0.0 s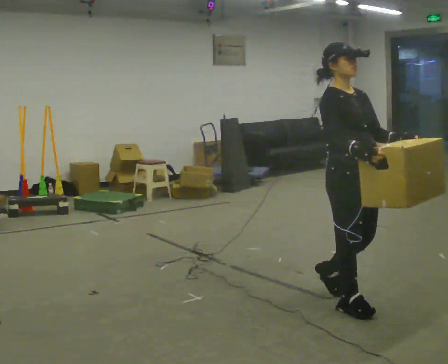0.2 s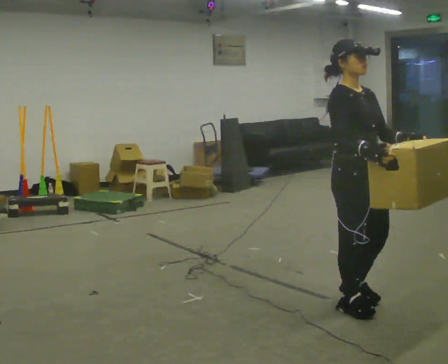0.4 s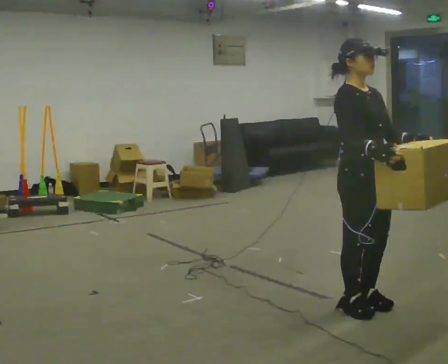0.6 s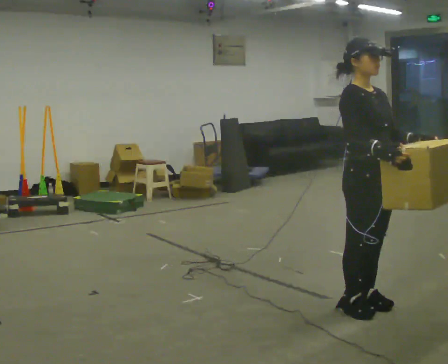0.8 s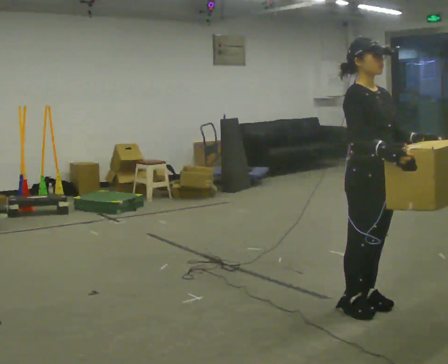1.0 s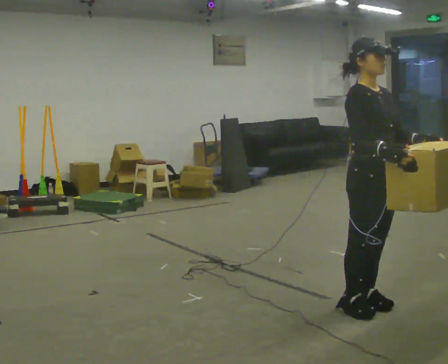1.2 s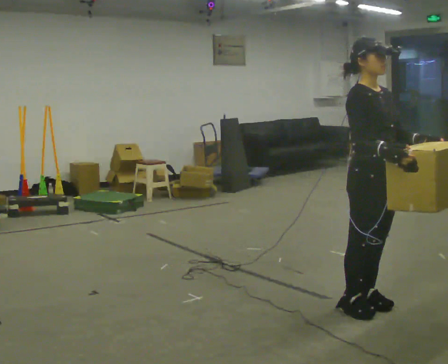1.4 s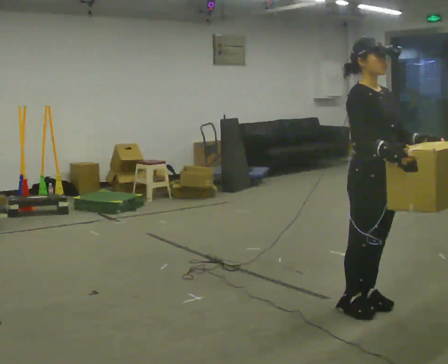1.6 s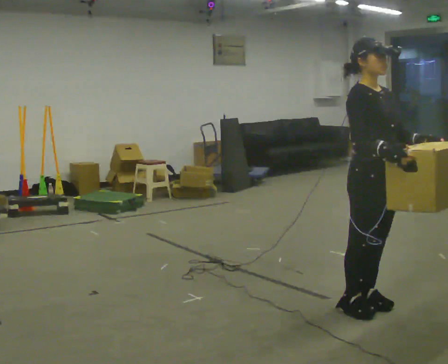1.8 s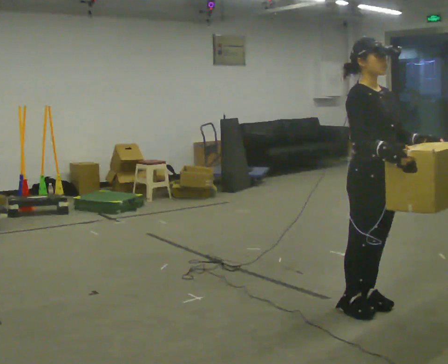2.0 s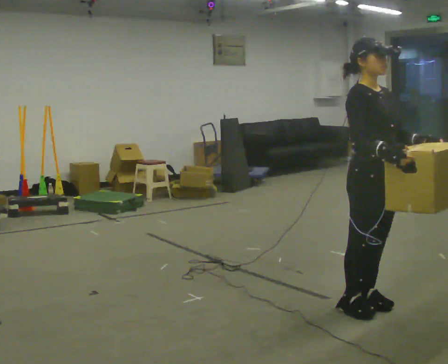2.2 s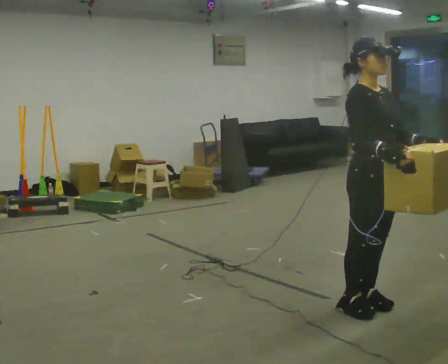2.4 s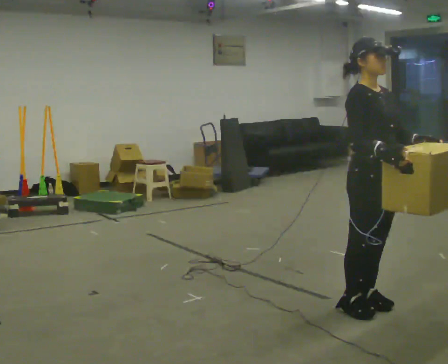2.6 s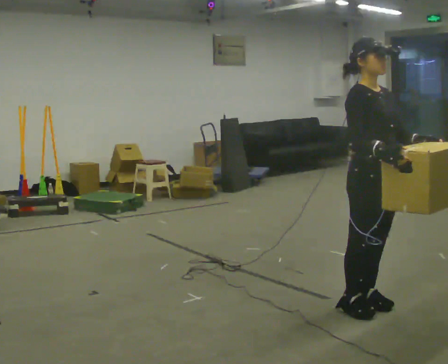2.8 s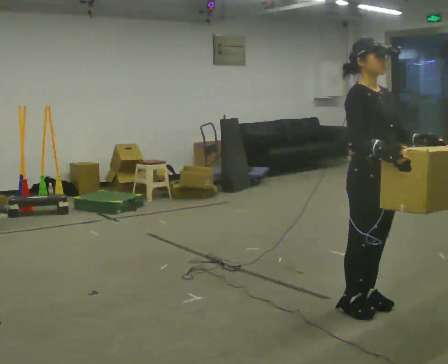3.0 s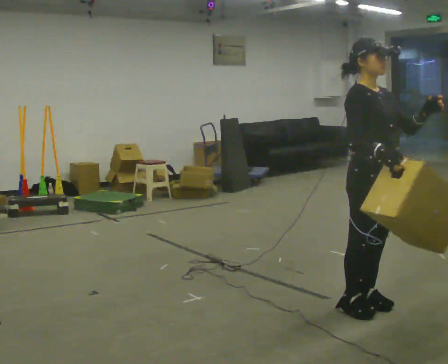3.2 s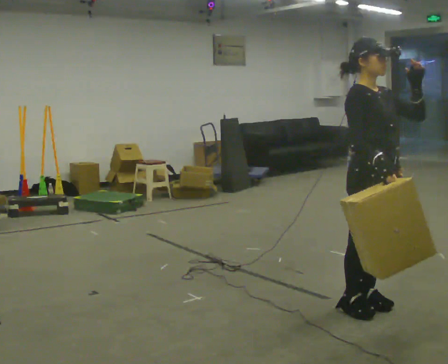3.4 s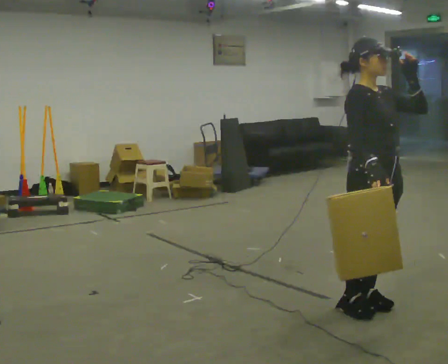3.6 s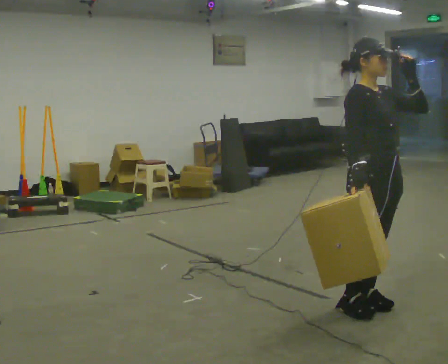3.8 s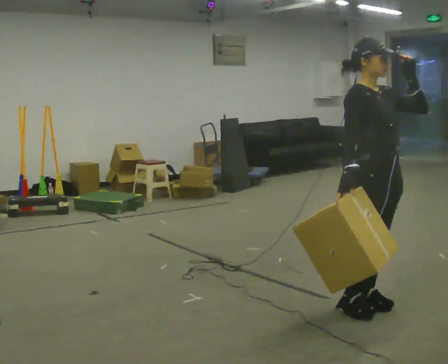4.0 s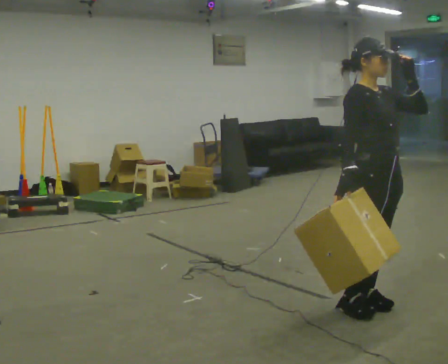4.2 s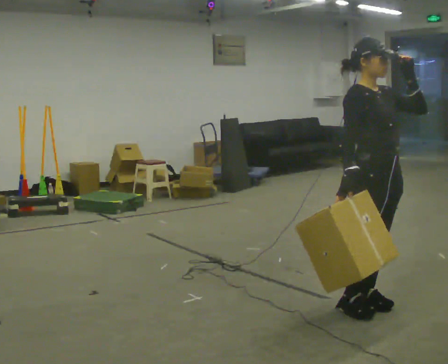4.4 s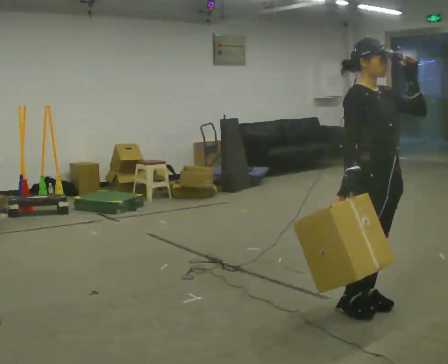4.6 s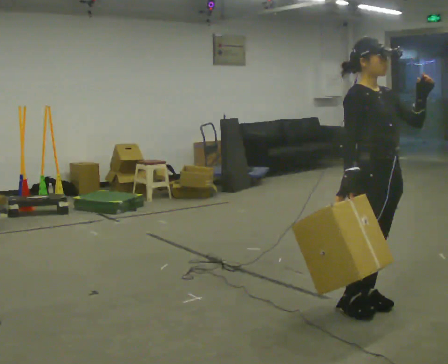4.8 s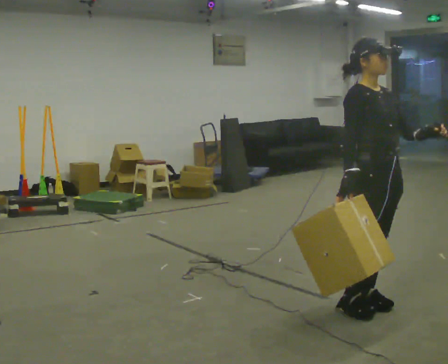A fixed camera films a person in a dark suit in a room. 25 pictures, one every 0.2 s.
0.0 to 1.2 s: The person moves a little, or ends about where they began.
1.2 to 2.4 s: The person keeps their place and pose.
2.4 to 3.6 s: In the picture their left hand goes upward.
3.6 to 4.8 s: In the picture their left hand goes downward.
The film runs forward here.
